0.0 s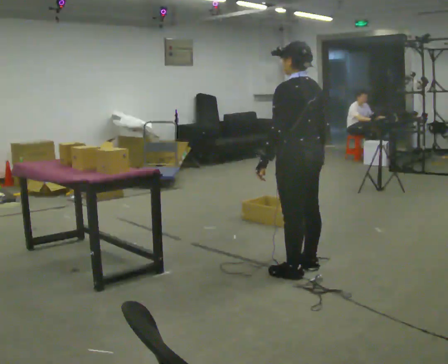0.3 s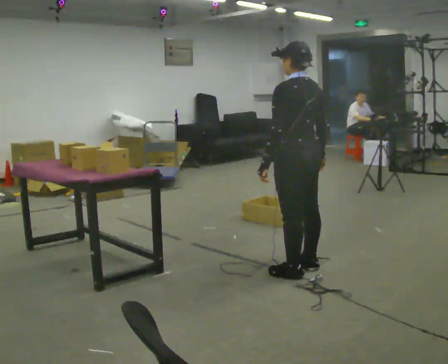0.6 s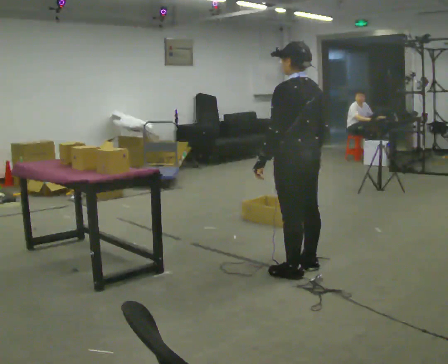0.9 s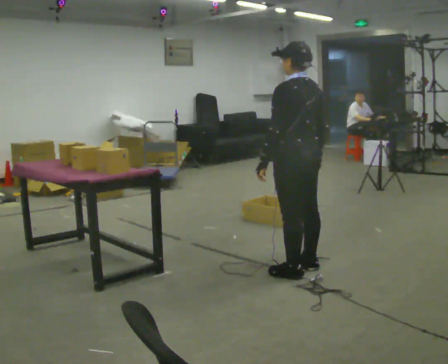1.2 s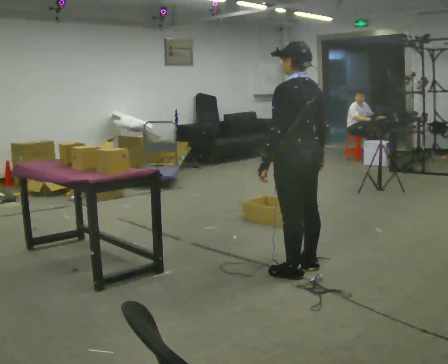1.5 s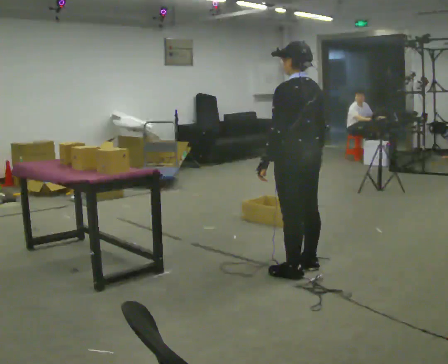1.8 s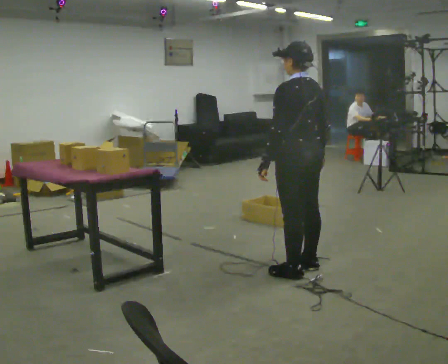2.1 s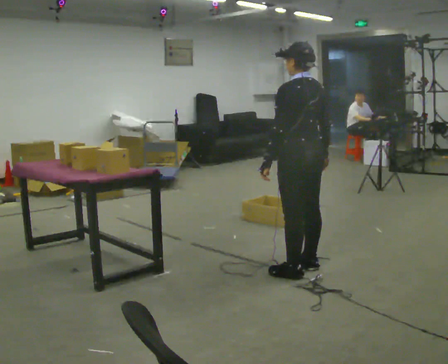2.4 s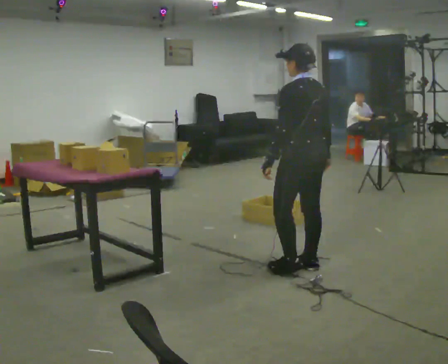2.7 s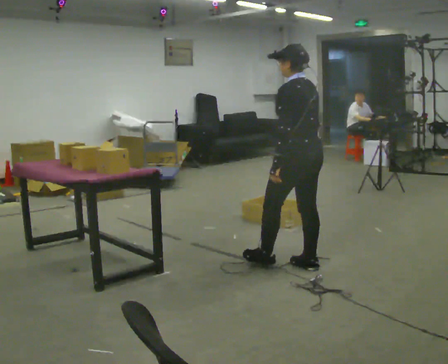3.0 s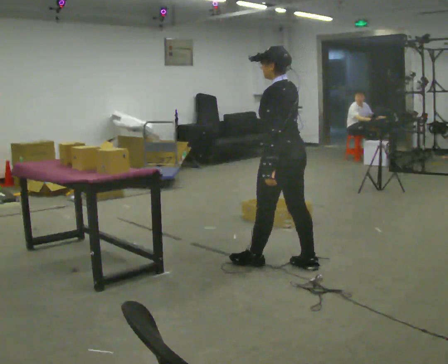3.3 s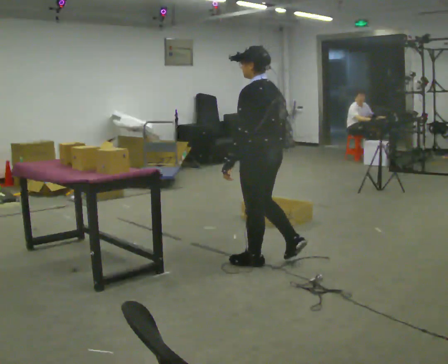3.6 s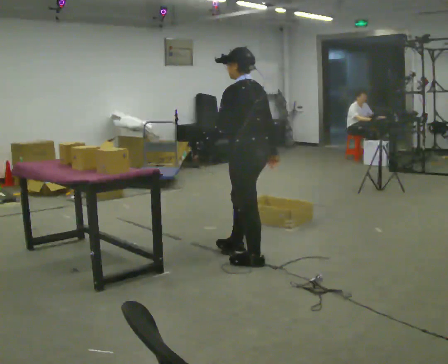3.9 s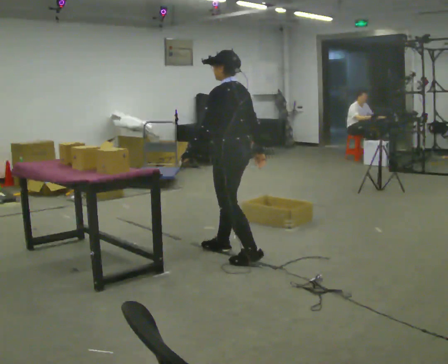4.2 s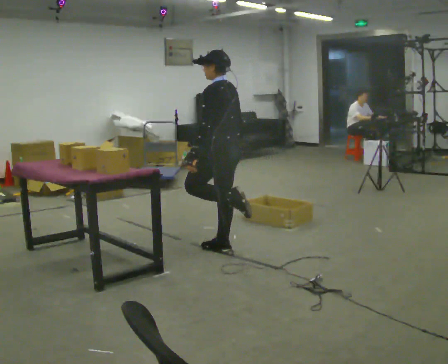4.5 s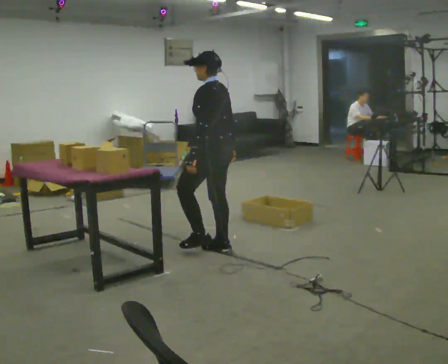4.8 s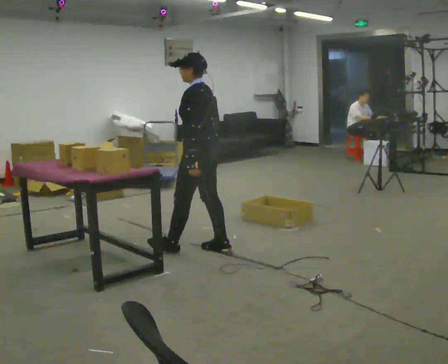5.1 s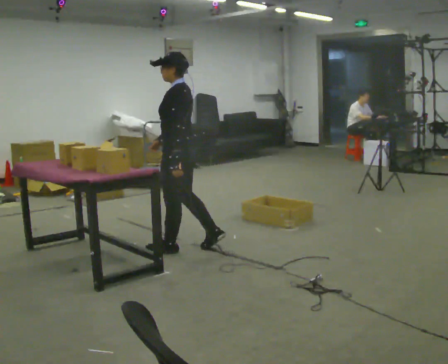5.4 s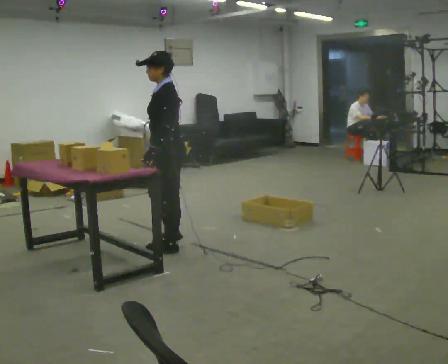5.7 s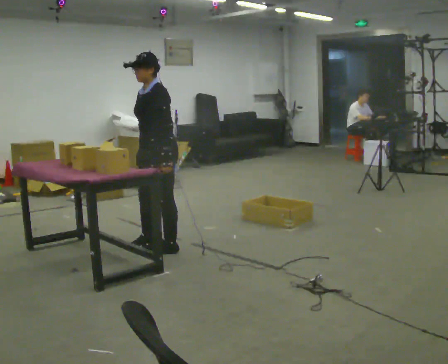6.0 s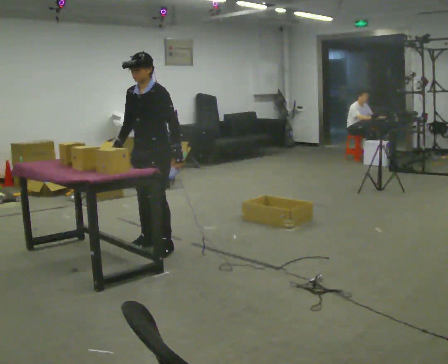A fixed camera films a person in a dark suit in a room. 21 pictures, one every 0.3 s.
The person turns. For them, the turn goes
to their left.
The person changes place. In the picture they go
to the left.
0.0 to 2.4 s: The person moves a little, or ends about where they began.
2.4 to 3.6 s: In the picture they go to the left and away from the camera, about 0.5 m in 1 step, which for them is forward.
3.6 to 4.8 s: In the picture they go to the left and away from the camera, about 0.5 m in 2 steps, which for them is forward.
4.8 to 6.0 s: The person turns about 75 degrees to their left, counterclockwise seen from above, so the part of the body nearest the lens slides to the right. In the picture they go to the left, about 0.5 m in 1 step.
The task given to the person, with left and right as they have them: Carry the object across the room and place it on the lowest shelf, crouching down to do it. Keep going until the operator says stop; one object at a time, and do not rush between trips.
The film runs forward here.
